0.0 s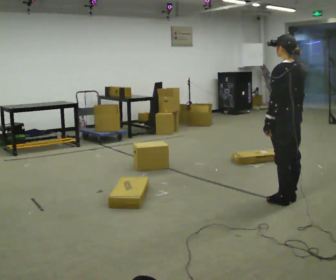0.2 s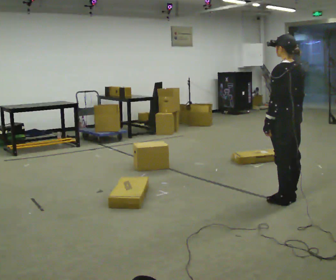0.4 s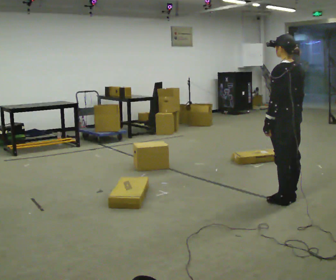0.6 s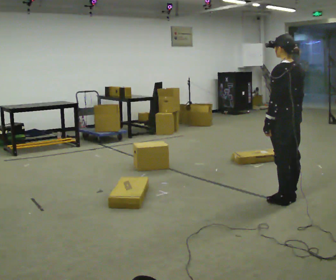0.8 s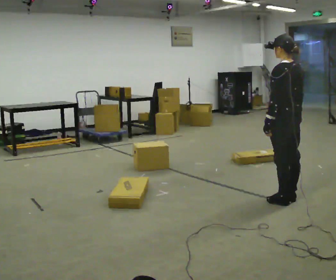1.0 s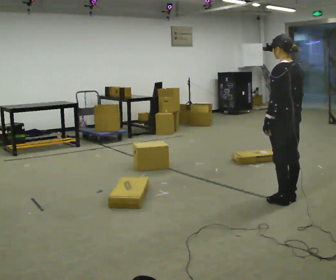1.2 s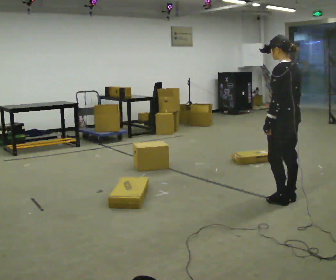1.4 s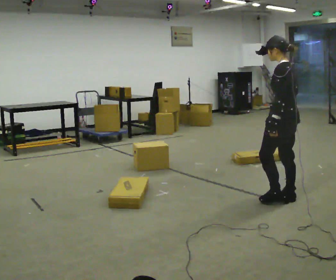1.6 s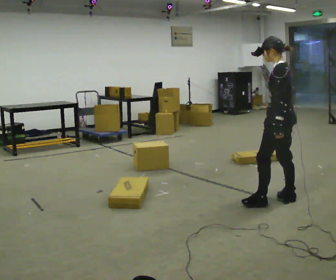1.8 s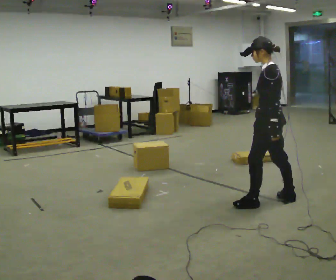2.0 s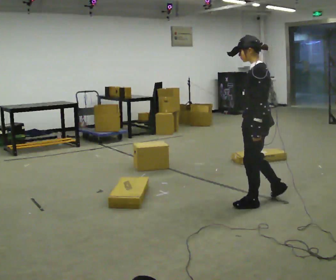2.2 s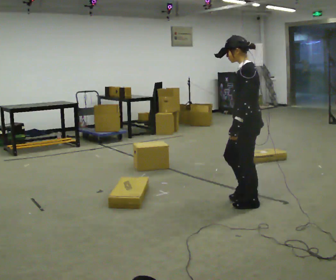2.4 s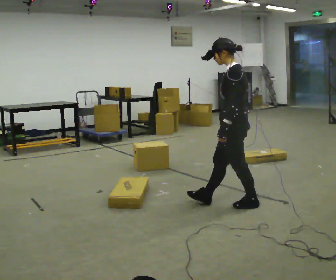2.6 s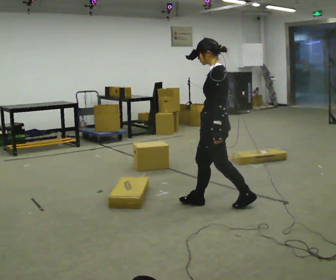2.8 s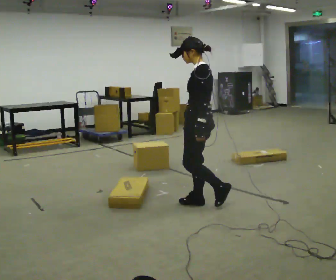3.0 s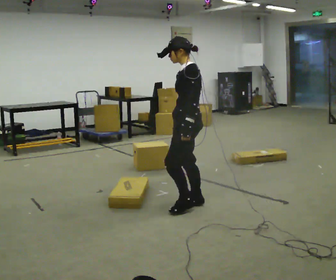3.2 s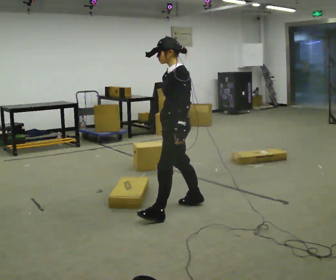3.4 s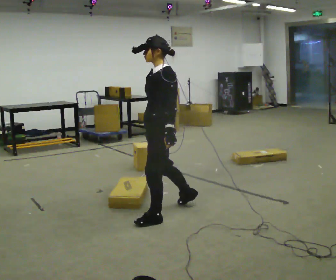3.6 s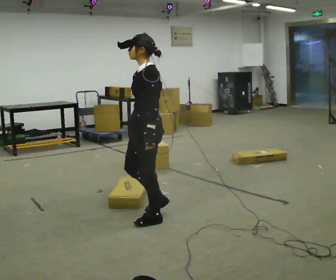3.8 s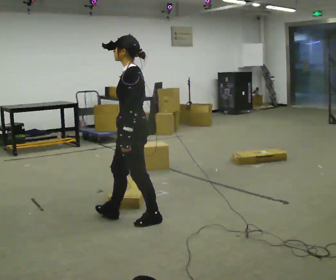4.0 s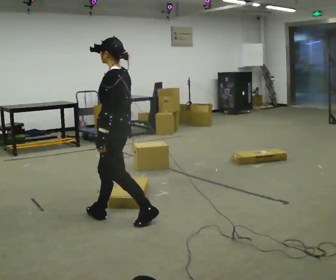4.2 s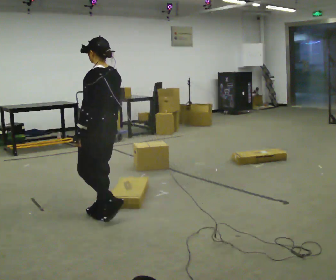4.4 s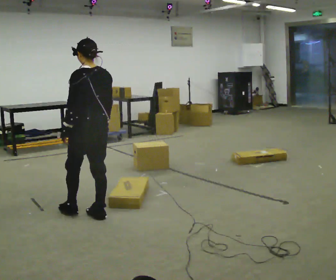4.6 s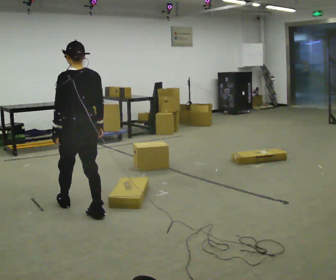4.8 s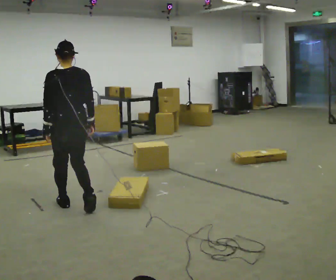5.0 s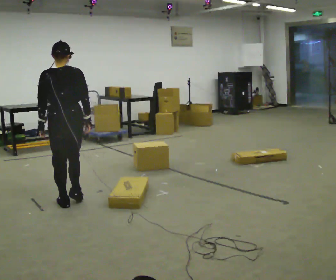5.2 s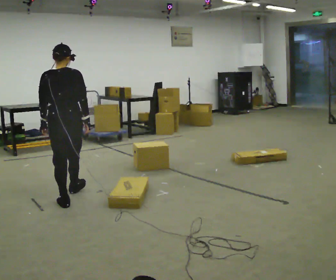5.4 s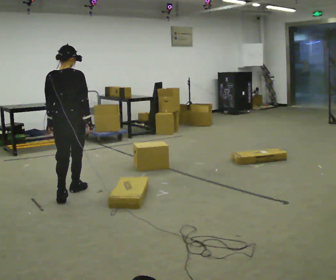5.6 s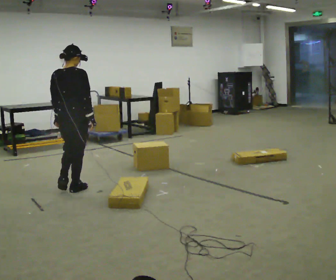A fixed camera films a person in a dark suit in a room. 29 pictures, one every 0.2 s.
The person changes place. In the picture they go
to the left.
0.0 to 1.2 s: The person moves a little, or ends about where they began.
1.2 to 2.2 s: The person turns about 30 degrees to their left, counterclockwise seen from above, so the part of the body nearest the lens slides to the right. In the picture they go to the left, about 0.25 m in 1 step, which for them is forward and to their left.
2.2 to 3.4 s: The part of the body nearest the lens slides to the right as the person turns to their left by about 30 degrees. In the picture they go to the left, about 1 m in 2 steps, which for them is forward.
3.4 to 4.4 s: The person turns about 60 degrees to their right, clockwise seen from above, so the part of the body nearest the lens slides to the left. In the picture they go to the left, about 0.5 m in 1 step, which for them is forward.
4.4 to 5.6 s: The person turns about 60 degrees to their right, clockwise seen from above, so the part of the body nearest the lens slides to the left. In the picture they go away from the camera and to the left, about 0.75 m in 2 steps.
The film runs forward here.
